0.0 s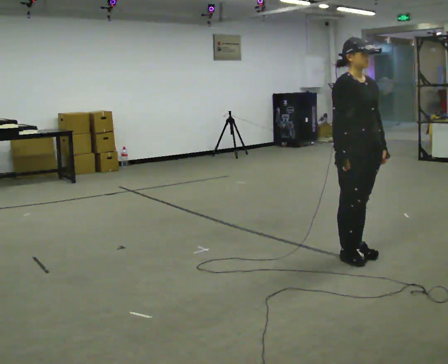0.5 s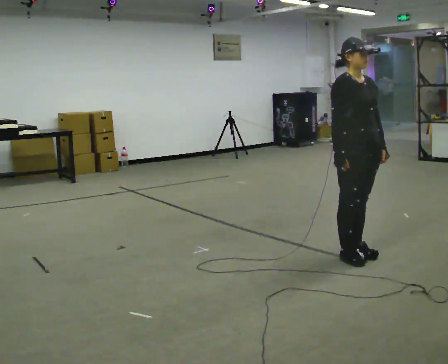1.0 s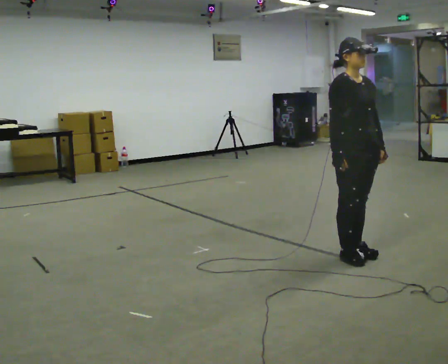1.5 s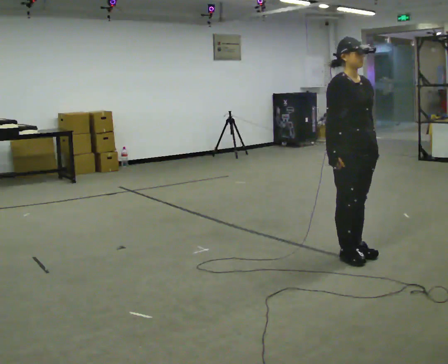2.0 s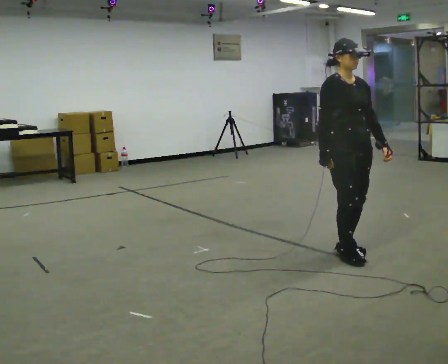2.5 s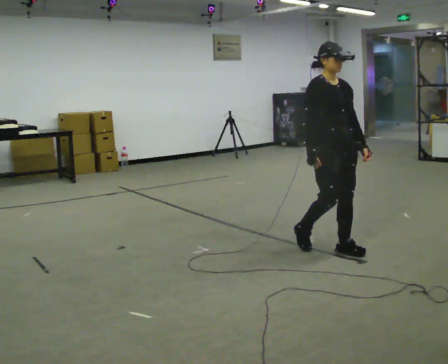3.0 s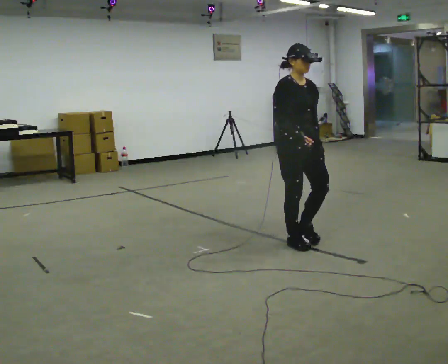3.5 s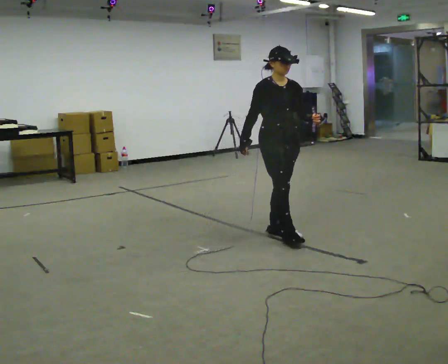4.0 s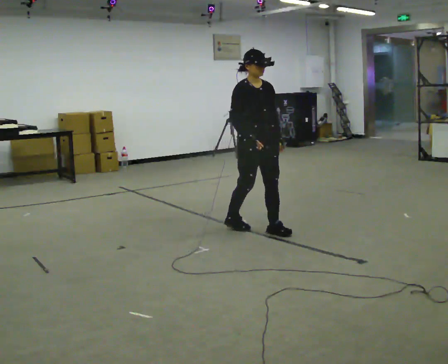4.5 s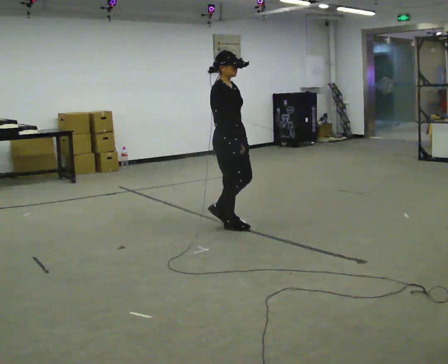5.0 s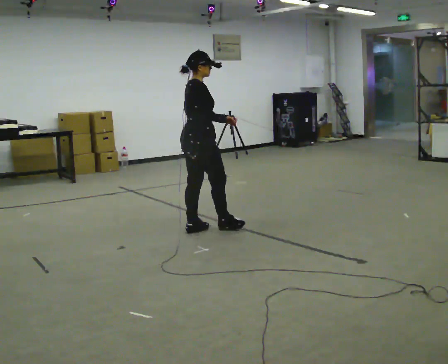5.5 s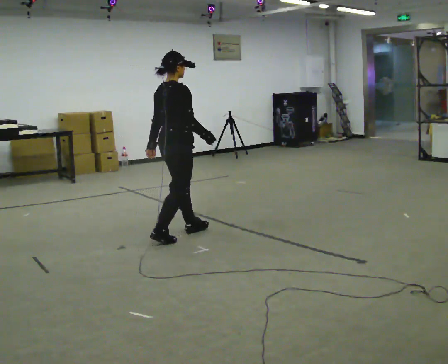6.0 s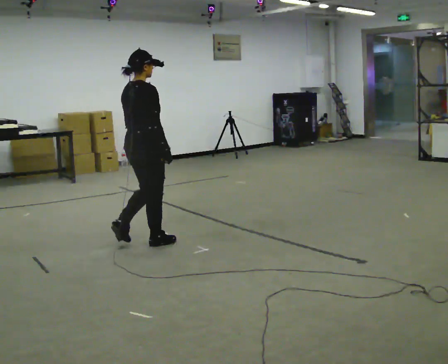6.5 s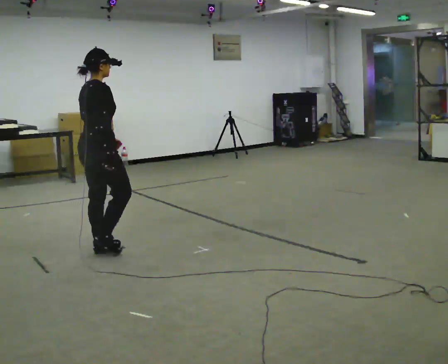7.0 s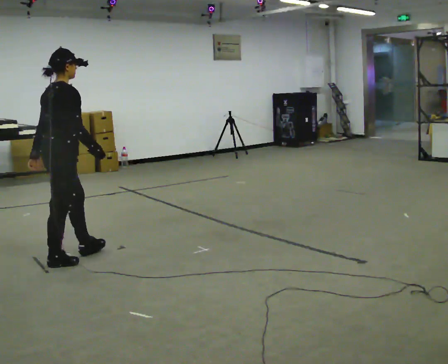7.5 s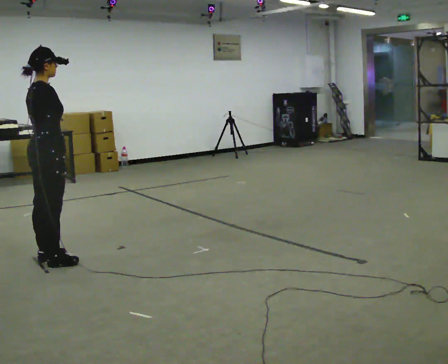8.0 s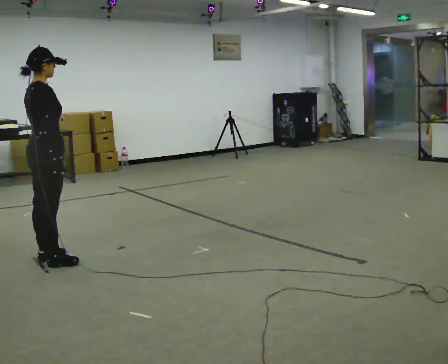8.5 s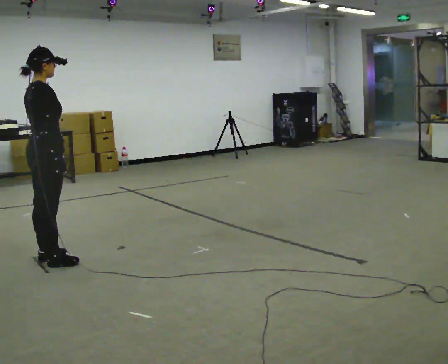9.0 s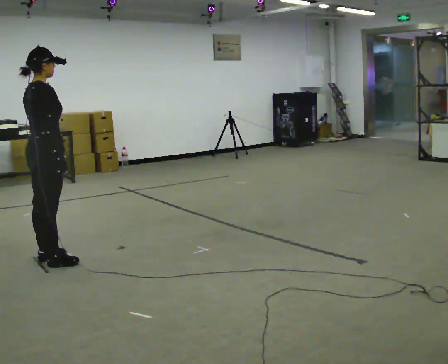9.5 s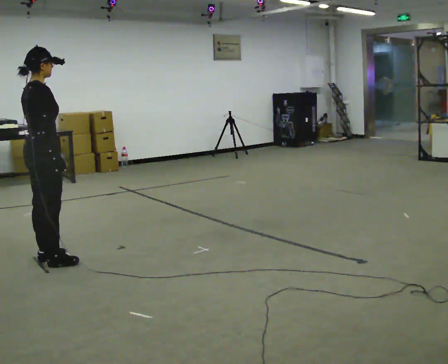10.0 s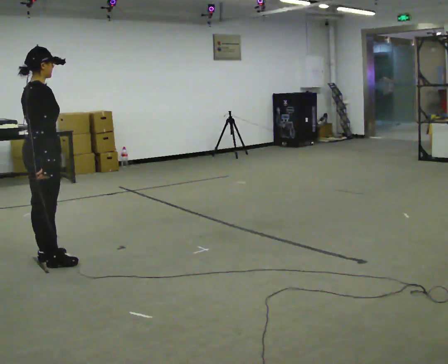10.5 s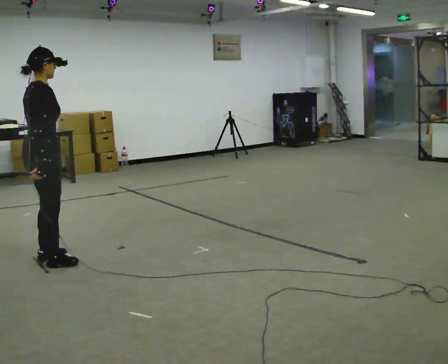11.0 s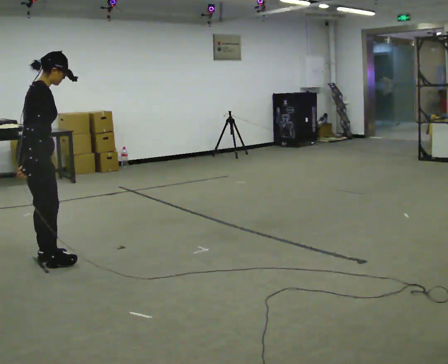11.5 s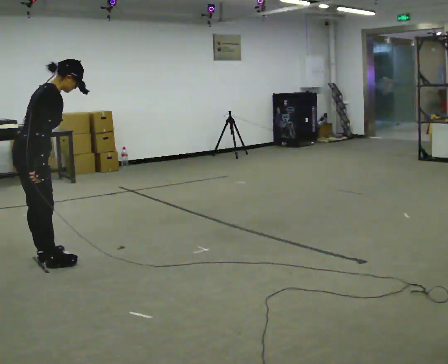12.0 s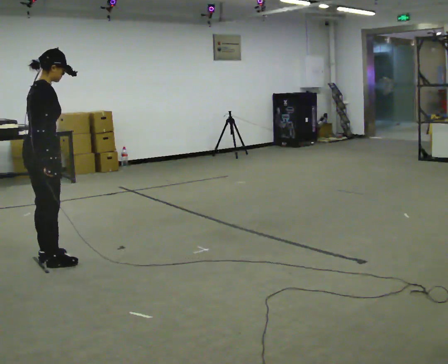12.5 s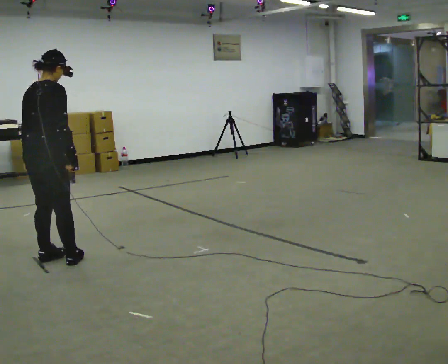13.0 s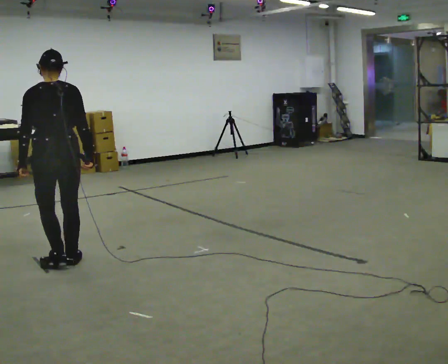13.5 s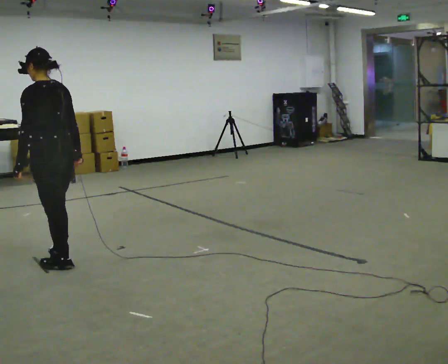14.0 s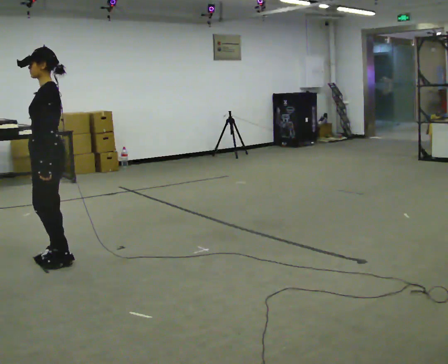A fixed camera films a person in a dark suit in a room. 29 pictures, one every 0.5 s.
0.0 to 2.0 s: The person moves a little, or ends about where they began.
2.0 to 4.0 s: In the picture they go away from the camera, about 1 m in 3 steps, which for them is backward.
4.0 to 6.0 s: The part of the body nearest the lens slides to the right as the person turns to their left by about 90 degrees. In the picture they go to the left, about 1 m in 3 steps.
6.0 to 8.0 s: In the picture they go to the left, about 1 m in 2 steps, which for them is backward.
8.0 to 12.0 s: The person moves a little, or ends about where they began.
12.0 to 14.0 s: The person turns about 165 degrees to their left, counterclockwise seen from above, so the part of the body nearest the lens slides to the right.
The film runs backward here.
